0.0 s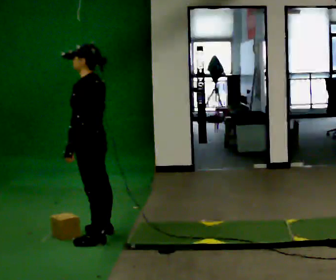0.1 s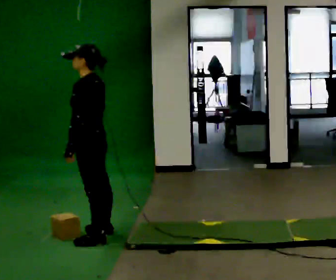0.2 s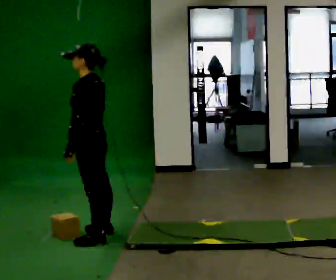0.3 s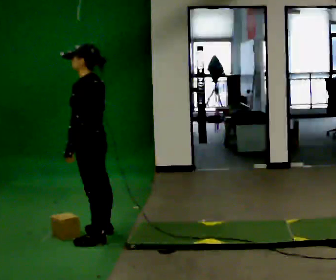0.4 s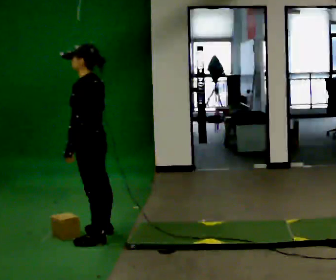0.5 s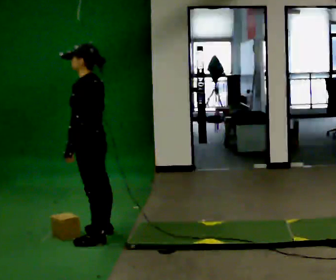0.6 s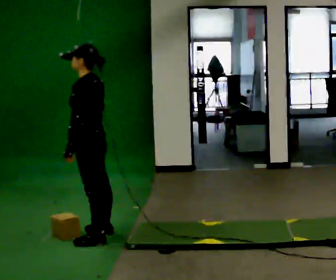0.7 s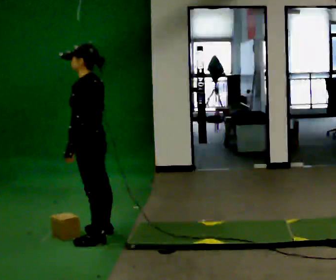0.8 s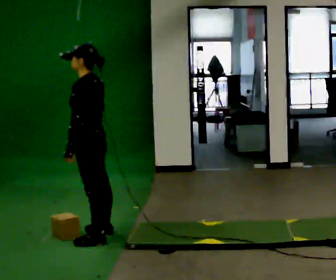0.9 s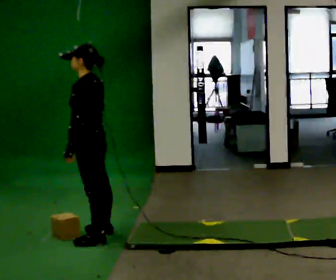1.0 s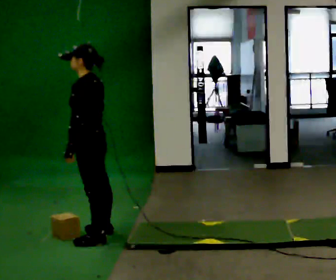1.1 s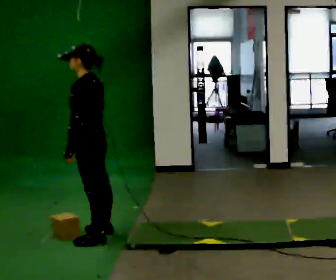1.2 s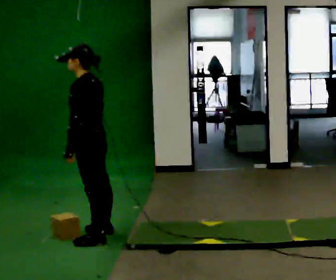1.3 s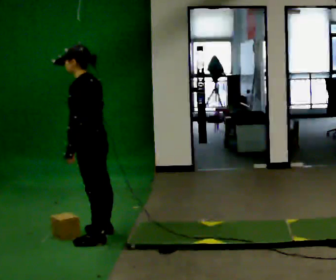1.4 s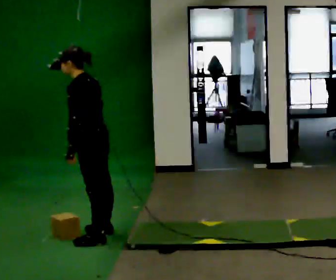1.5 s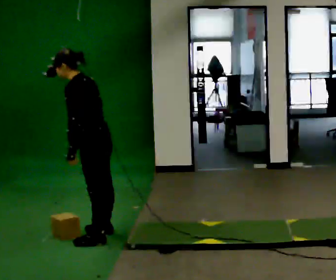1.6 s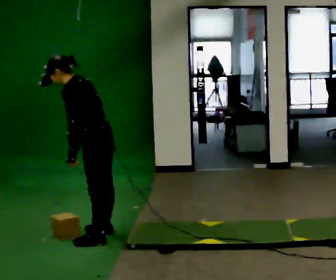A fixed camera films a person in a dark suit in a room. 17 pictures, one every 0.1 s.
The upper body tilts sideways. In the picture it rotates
counterclockwise.
0.0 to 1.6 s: In the picture the upper body tilts counterclockwise, shoulders to the left, as they bend forward.
The film runs forward here.
